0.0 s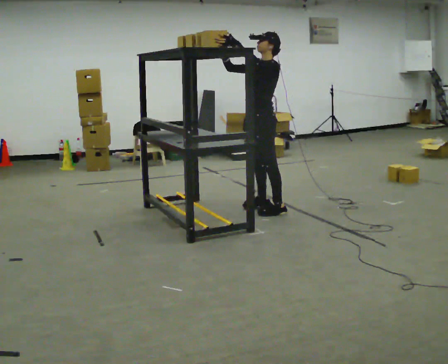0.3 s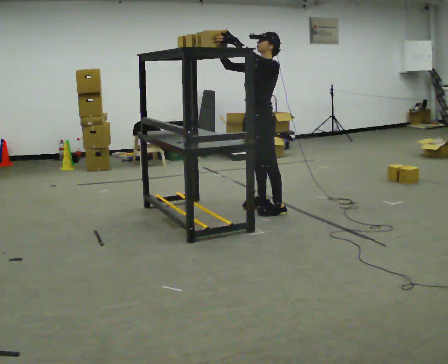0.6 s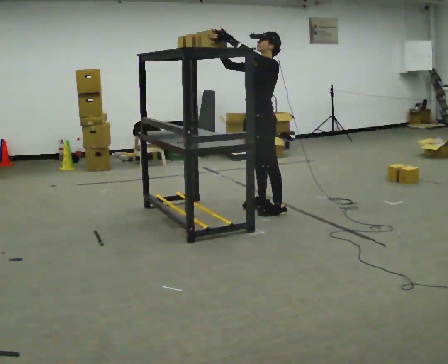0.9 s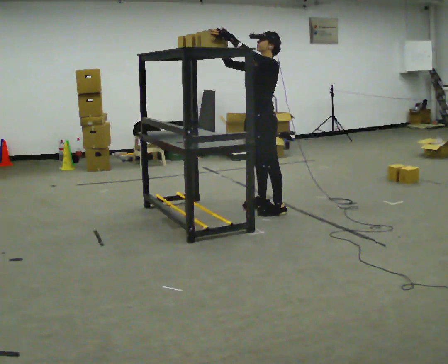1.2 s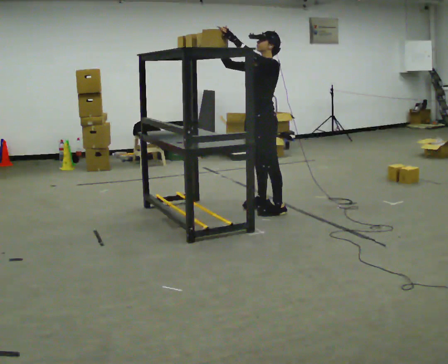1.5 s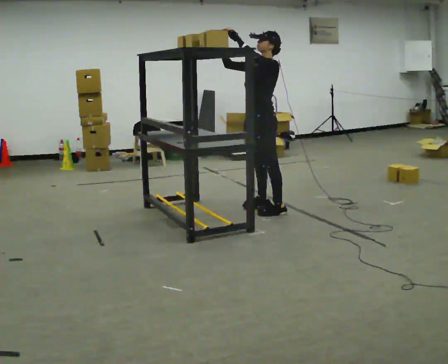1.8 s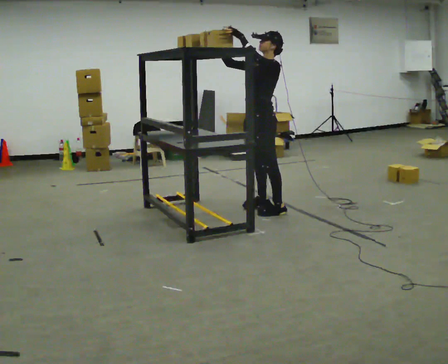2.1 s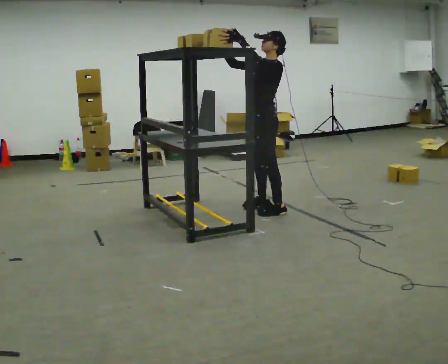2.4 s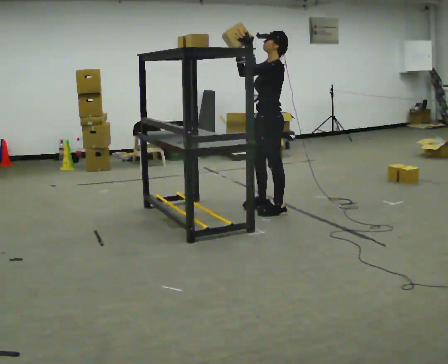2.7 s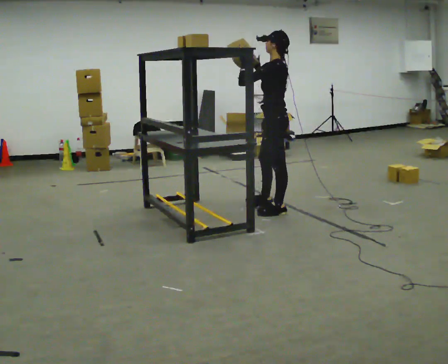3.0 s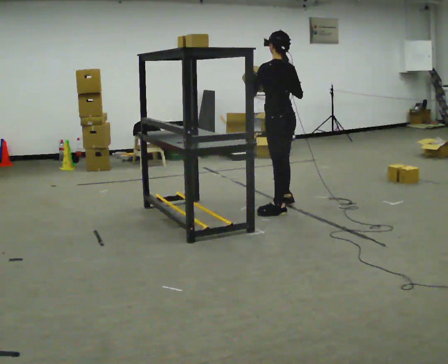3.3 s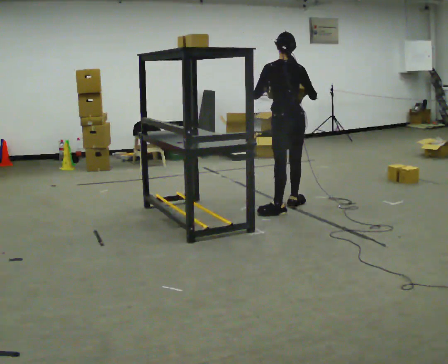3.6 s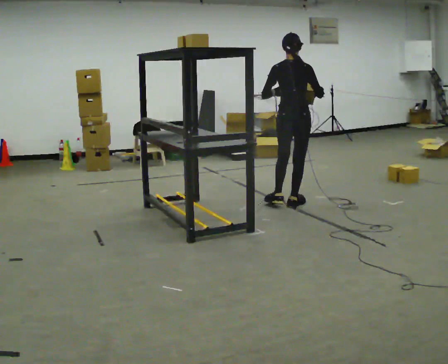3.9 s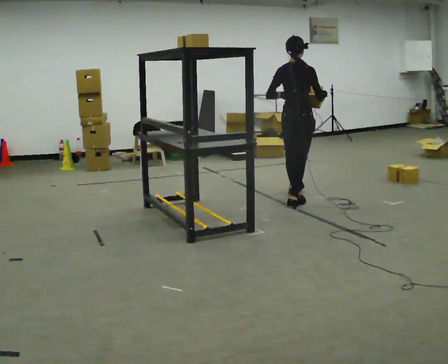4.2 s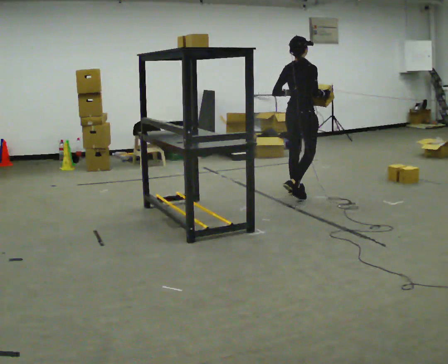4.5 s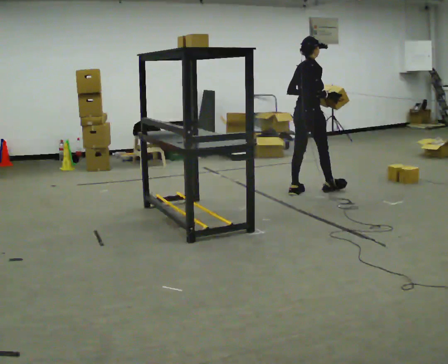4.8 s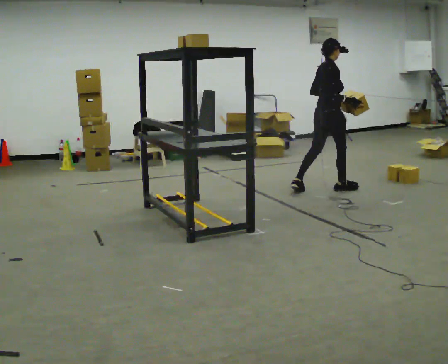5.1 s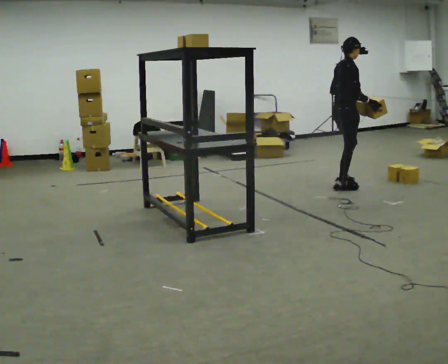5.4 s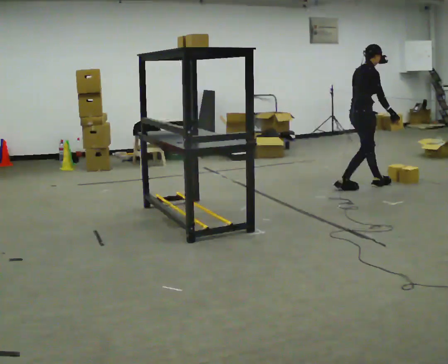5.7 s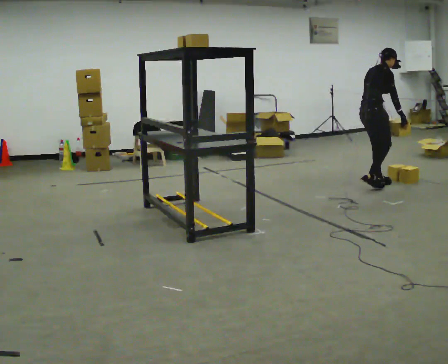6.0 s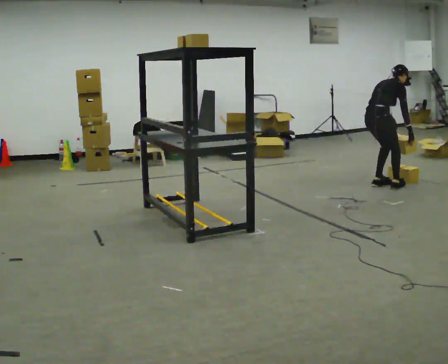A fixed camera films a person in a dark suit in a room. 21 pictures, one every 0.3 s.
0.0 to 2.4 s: The person moves a little, or ends about where they began.
2.4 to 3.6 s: Seen from above the body turns clockwise, about 105 degrees: to their right, with its near side sliding to the left. In the picture they go away from the camera and to the right, about 0.25 m in 1 step. In the picture their right hand goes downward.
3.6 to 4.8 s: The part of the body nearest the lens slides to the left as the person turns to their right by about 60 degrees. In the picture they go away from the camera and to the right, about 0.75 m in 2 steps, which for them is forward.
4.8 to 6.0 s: In the picture they go to the right, about 0.5 m in 2 steps, which for them is forward. The shoulders move downward. In the picture the upper body tilts clockwise, shoulders to the right, as they bend forward. In the picture their left hand goes downward.
The film runs forward here.
